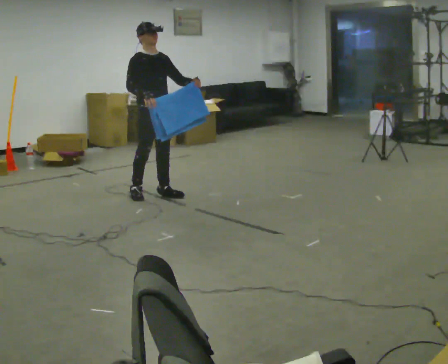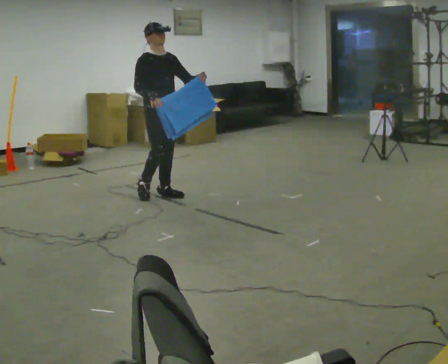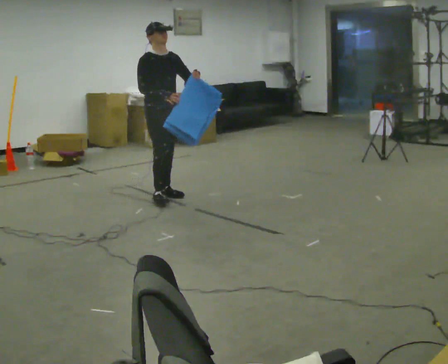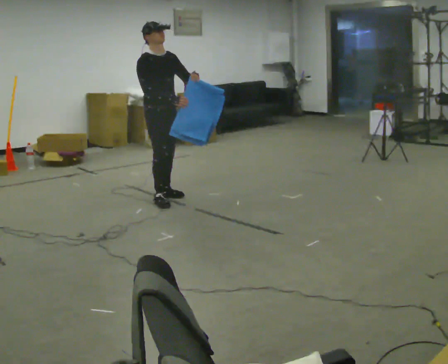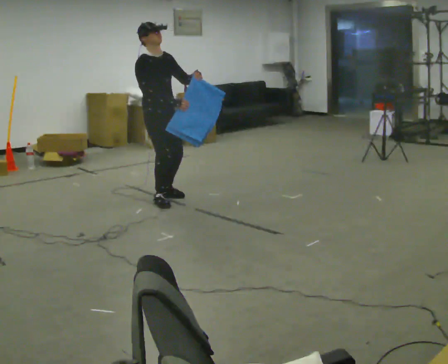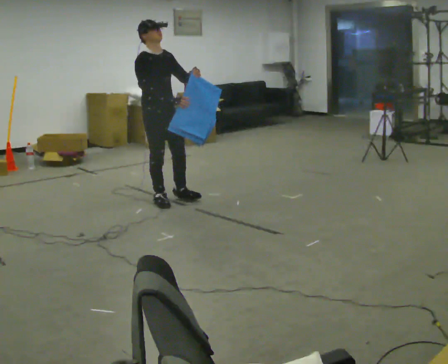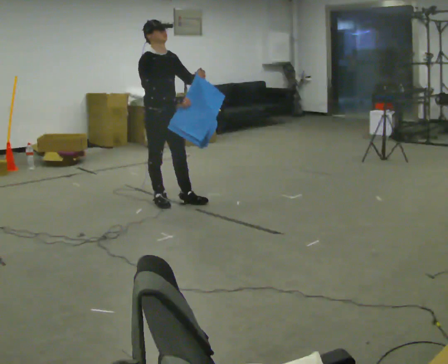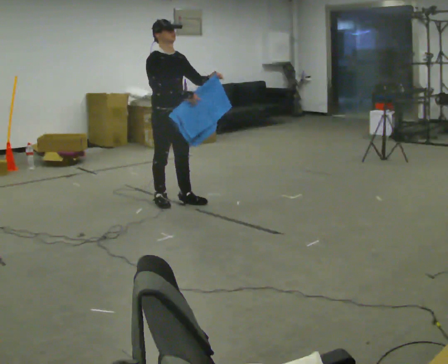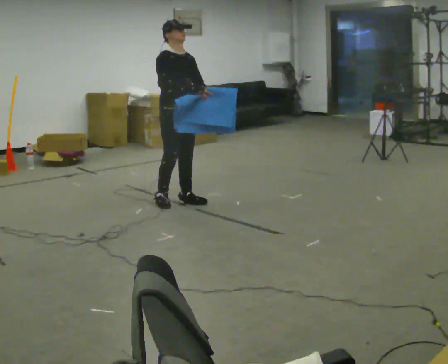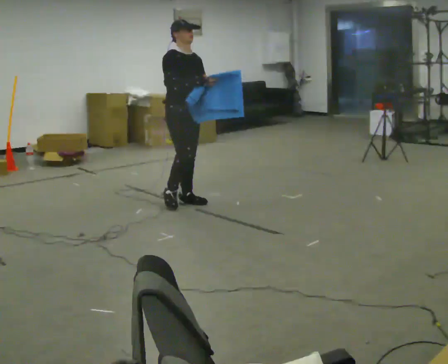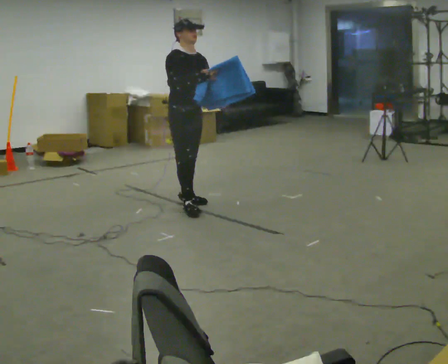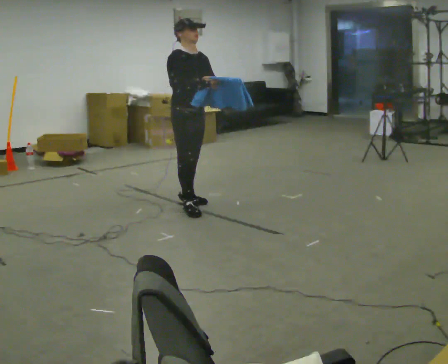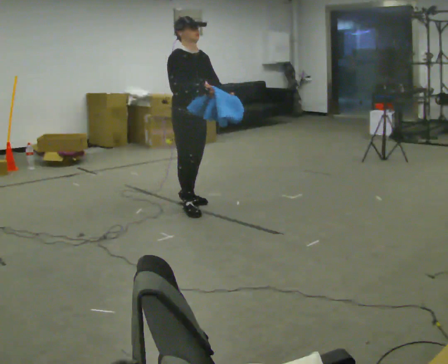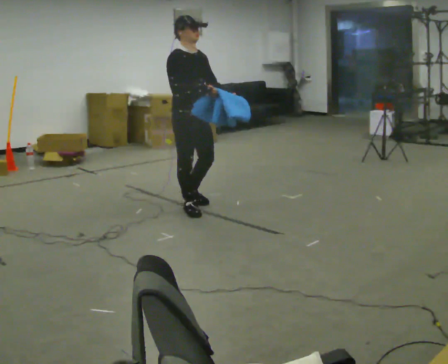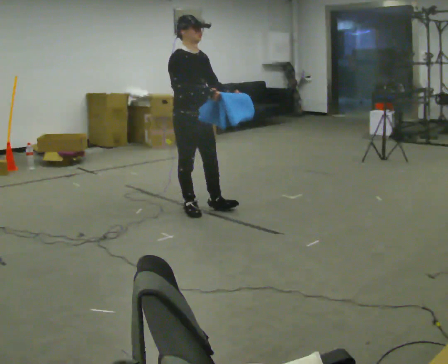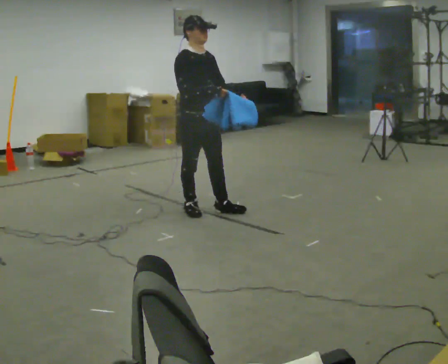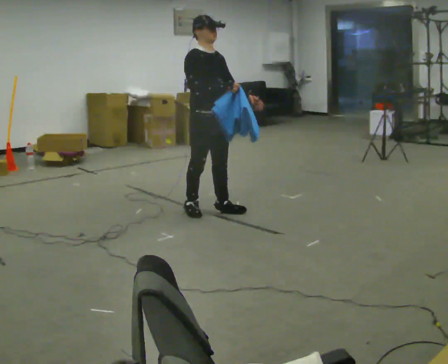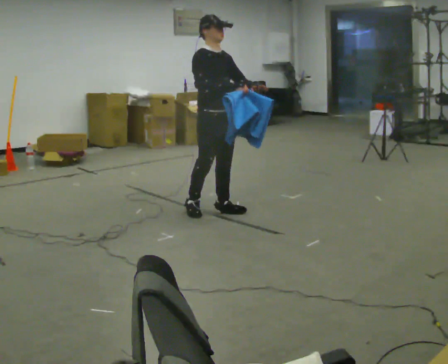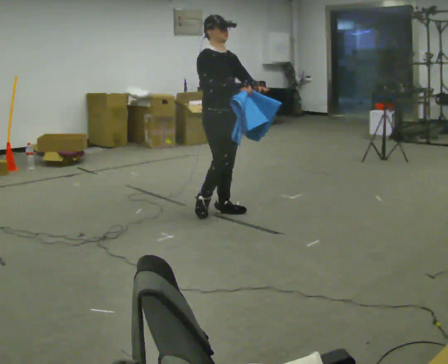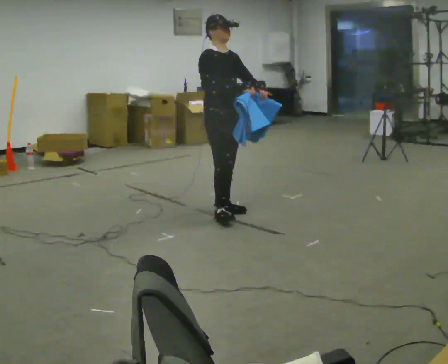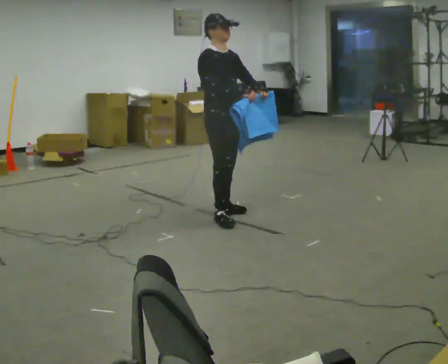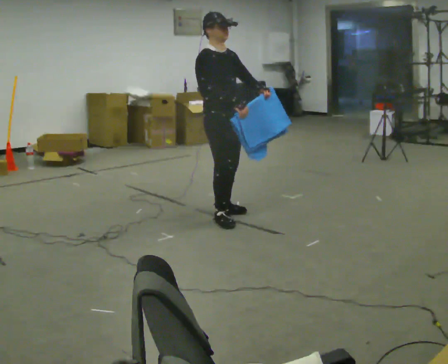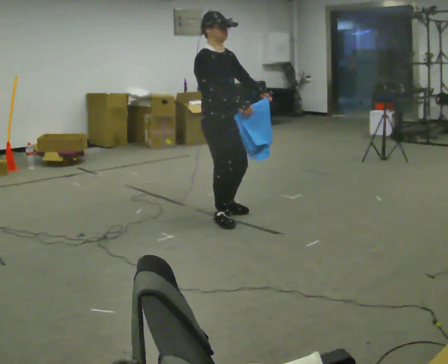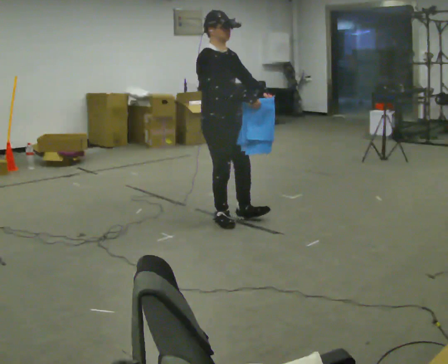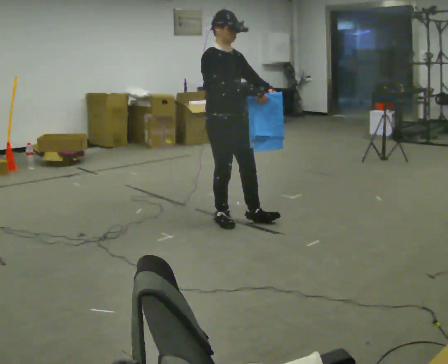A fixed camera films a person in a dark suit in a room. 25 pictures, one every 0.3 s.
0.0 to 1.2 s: In the picture they go toward the camera, about 0.25 m in 1 step, which for them is forward.
1.2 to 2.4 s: In the picture they go to the right, about 0.25 m in 1 step, which for them is forward.
2.4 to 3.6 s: In the picture they go toward the camera, about 0.25 m in 1 step, which for them is forward.
3.6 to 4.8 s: In the picture they go to the right, about 0.25 m in 1 step, which for them is forward.
4.8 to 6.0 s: The person moves a little, or ends about where they began.
6.0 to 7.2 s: In the picture they go toward the camera, about 0.25 m in 1 step, which for them is forward and to their right.
The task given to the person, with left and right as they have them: Carry the cloth and, while walking, fold it in half, then unfold it. Keep repeating as you walk. Do not stop.
The film runs forward here.
